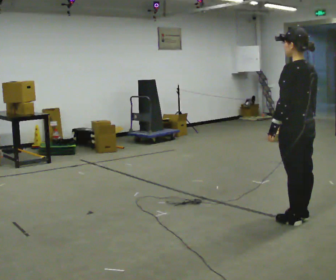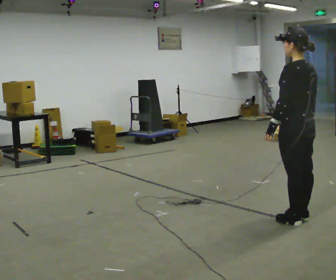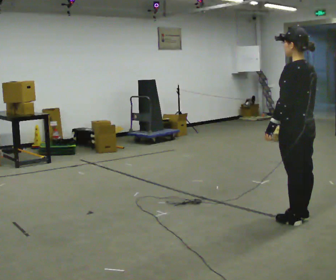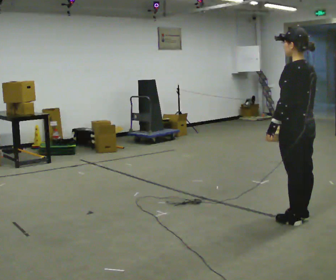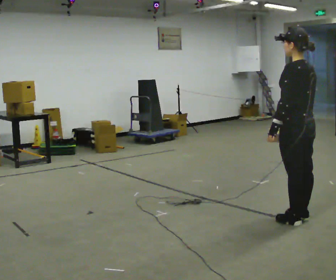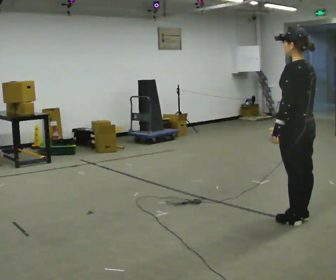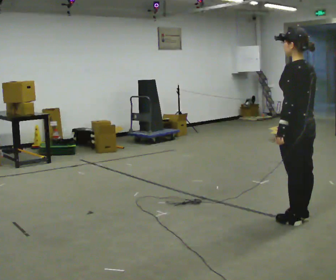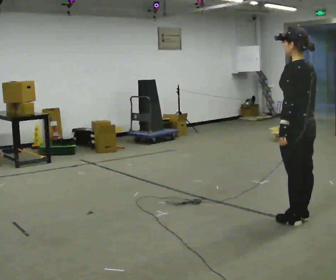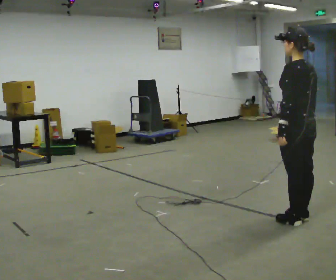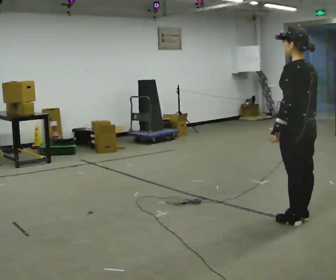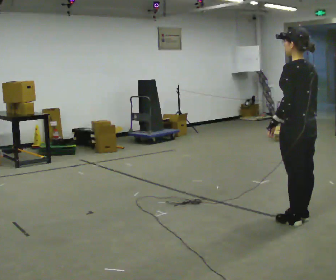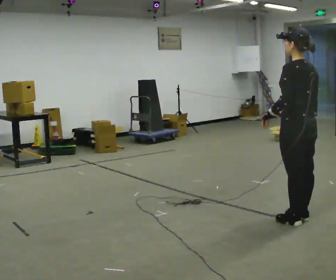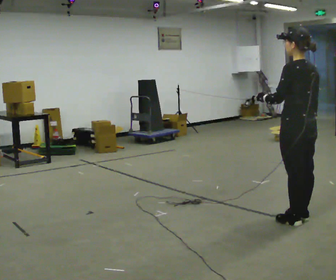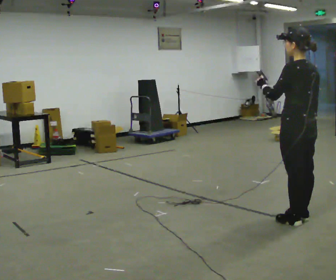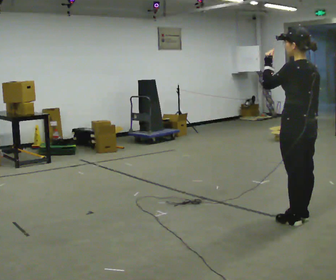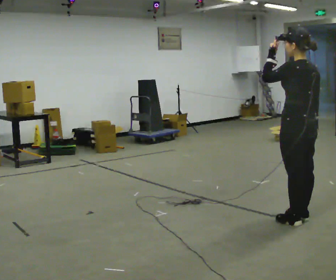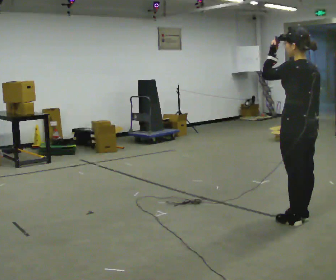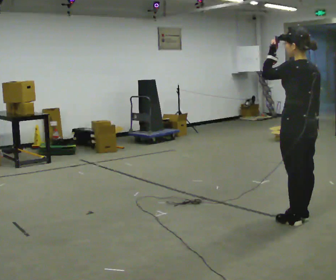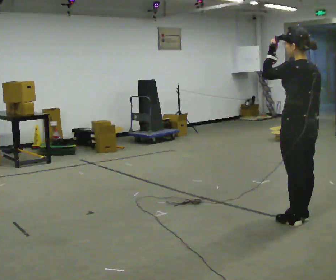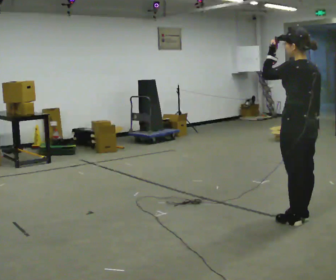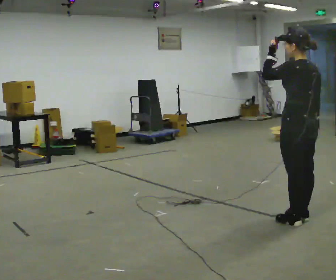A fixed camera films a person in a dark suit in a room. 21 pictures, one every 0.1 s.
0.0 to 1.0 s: The person moves a little, or ends about where they began.
1.0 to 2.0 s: In the picture their left hand goes upward.
The film runs backward here.
